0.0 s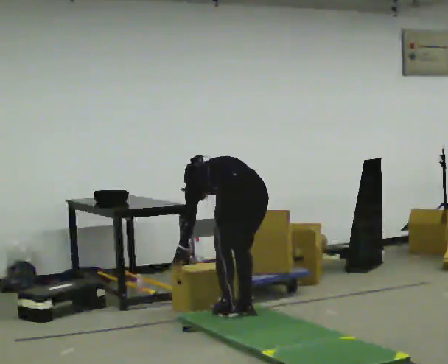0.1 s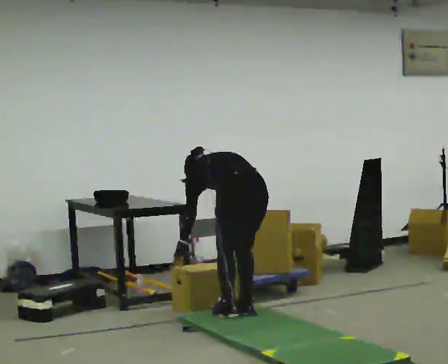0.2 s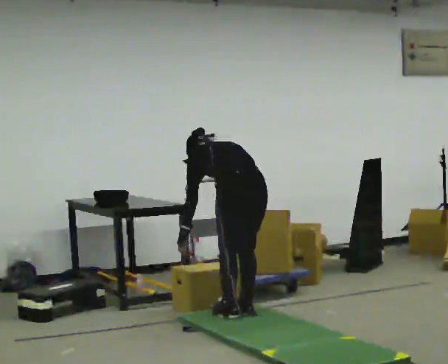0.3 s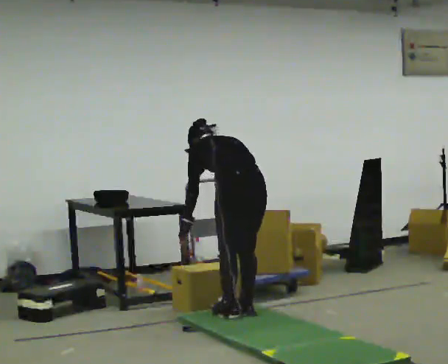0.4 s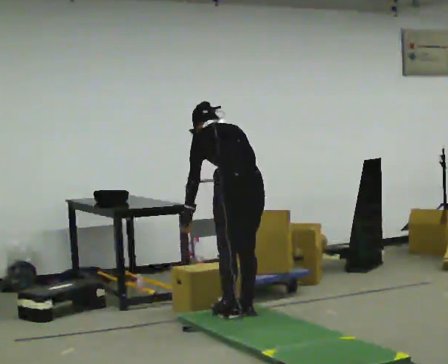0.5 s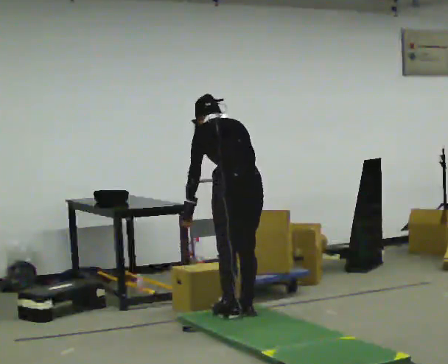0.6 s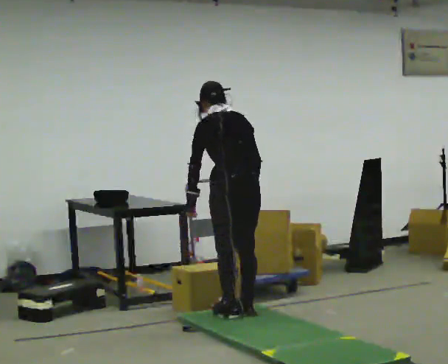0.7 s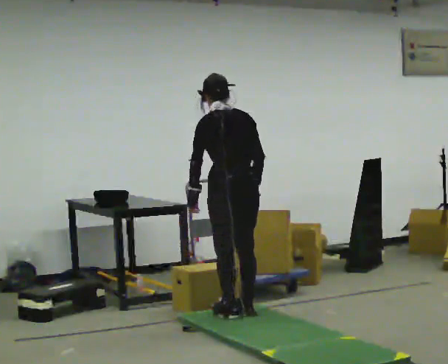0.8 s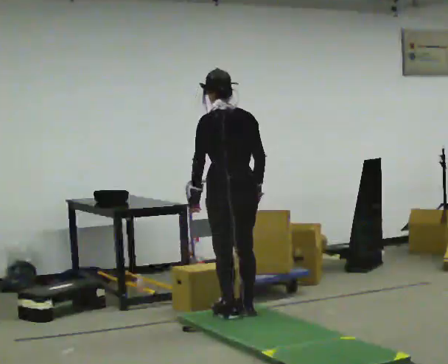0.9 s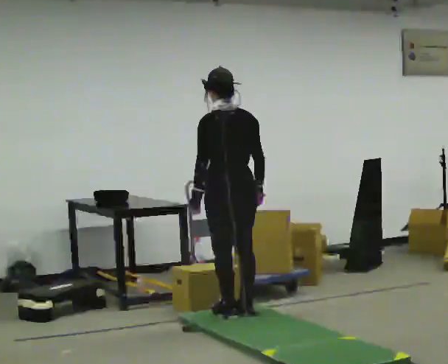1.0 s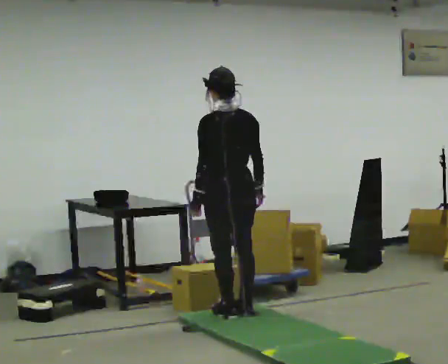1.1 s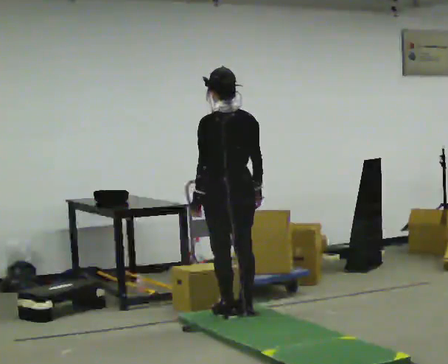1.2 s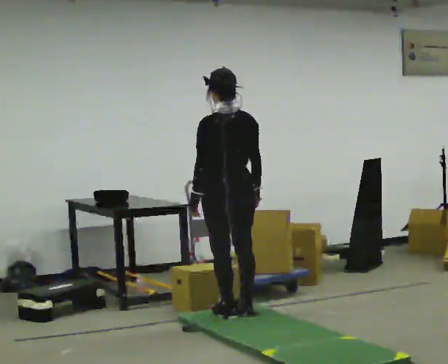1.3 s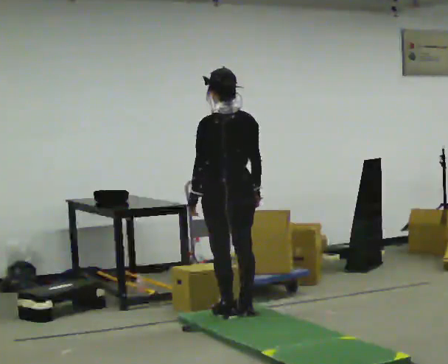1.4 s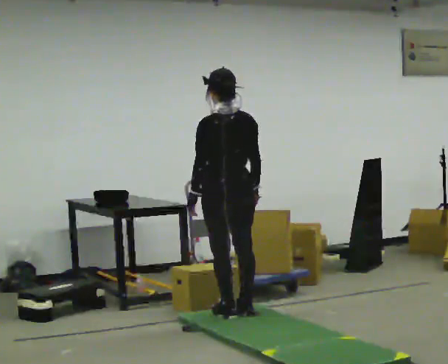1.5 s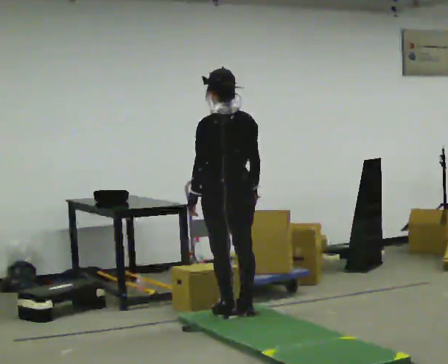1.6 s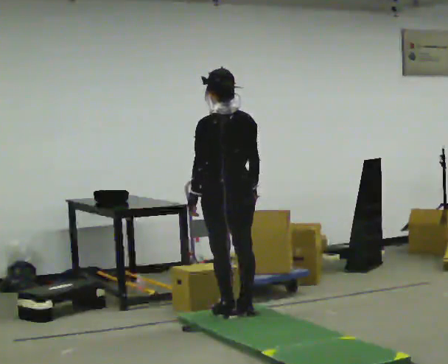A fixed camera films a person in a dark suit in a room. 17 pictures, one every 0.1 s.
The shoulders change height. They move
upward.
The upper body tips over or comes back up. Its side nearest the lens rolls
downward.
0.0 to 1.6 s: The upper body goes upward. The upper body tips toward the camera, its near side rolling downward, as they lean back or straighten. In the picture their right hand goes upward.
The film runs forward here.
